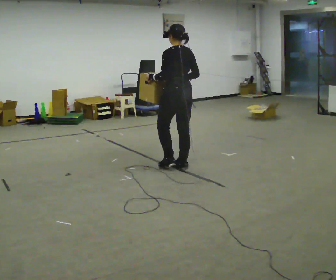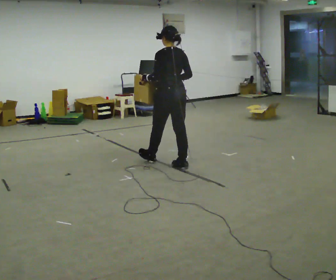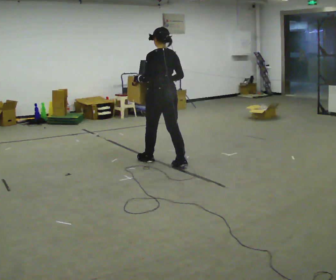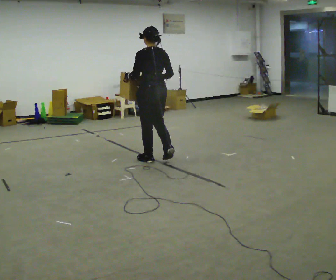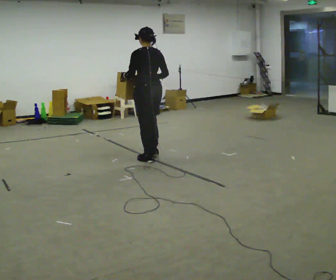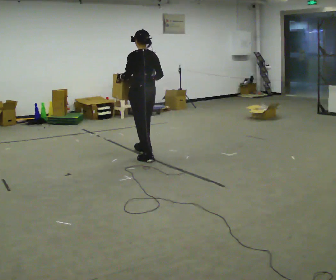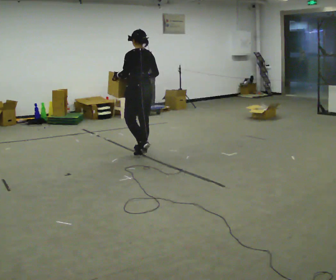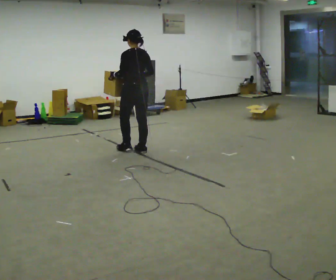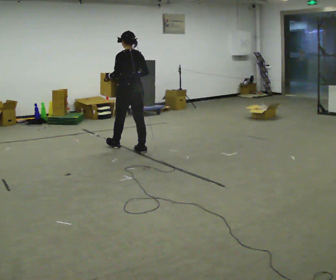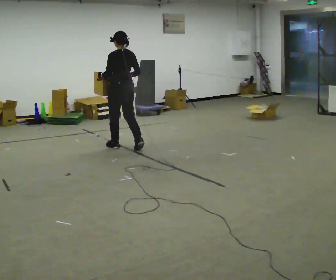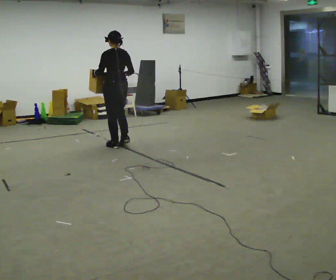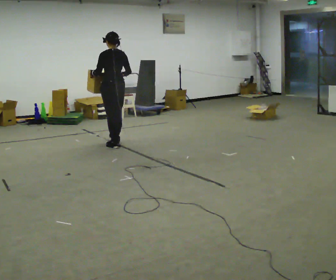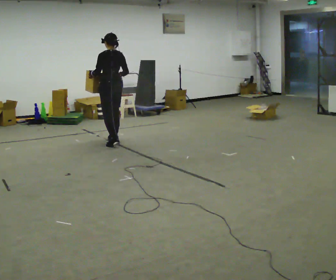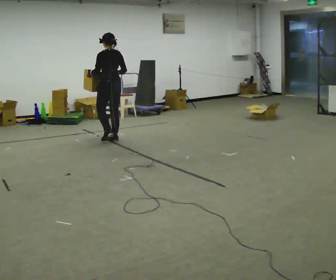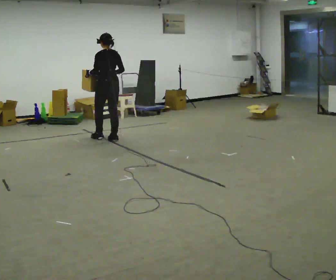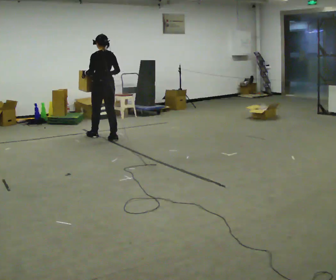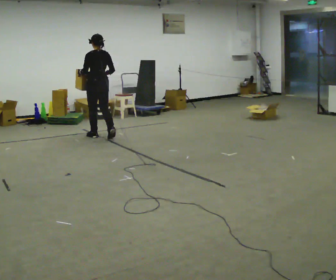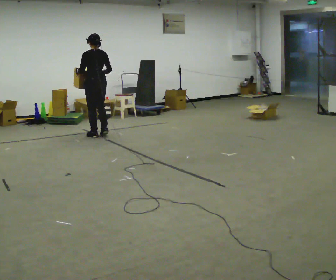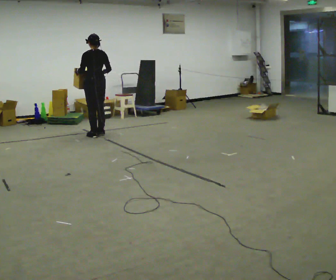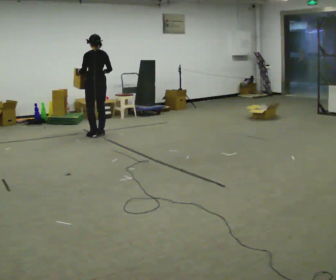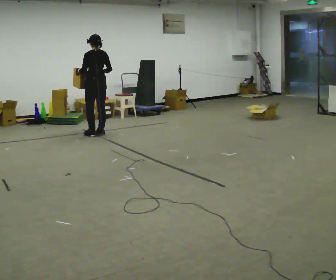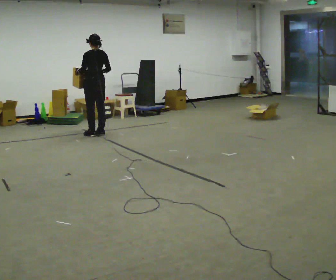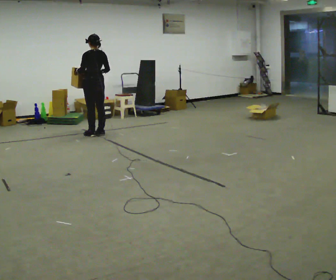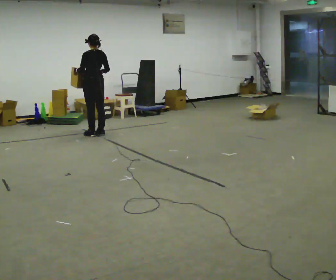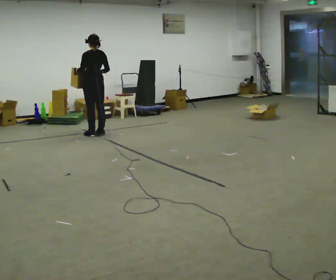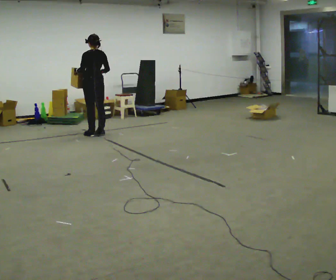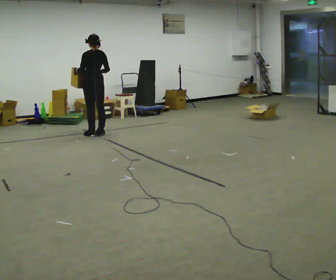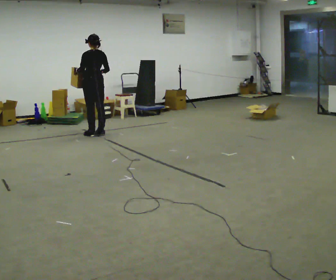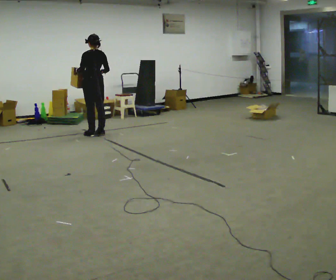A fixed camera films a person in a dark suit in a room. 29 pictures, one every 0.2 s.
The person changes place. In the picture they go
away from the camera.
0.0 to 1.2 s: In the picture they go away from the camera and to the left, about 1 m in 2 steps, which for them is forward.
1.2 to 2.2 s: In the picture they go away from the camera and to the left, about 0.5 m in 1 step, which for them is forward.
2.2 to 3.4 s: In the picture they go away from the camera and to the left, about 0.75 m in 2 steps, which for them is forward.
3.4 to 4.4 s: In the picture they go away from the camera, about 0.25 m in 1 step, which for them is forward.
4.4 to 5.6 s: The person keeps their place and pose.
The film runs forward here.
